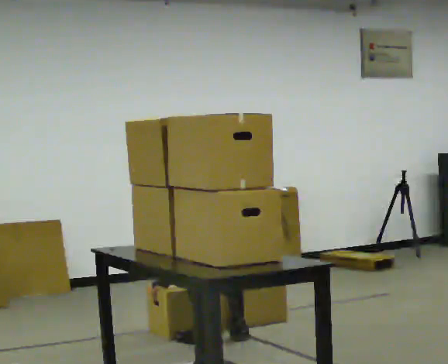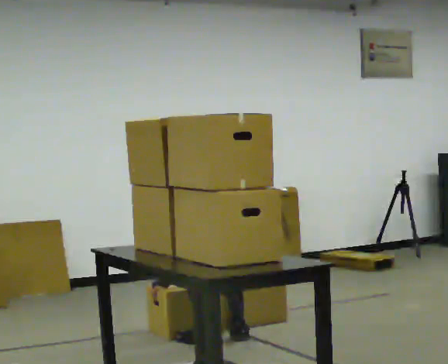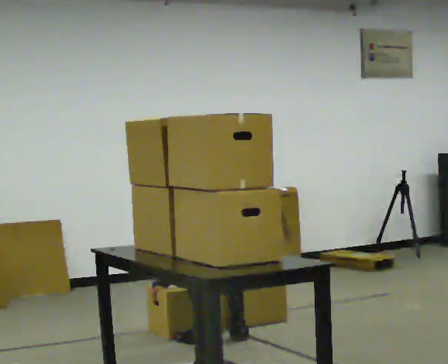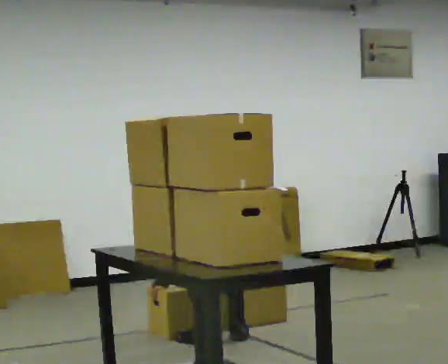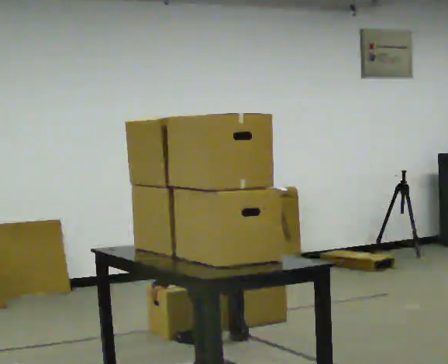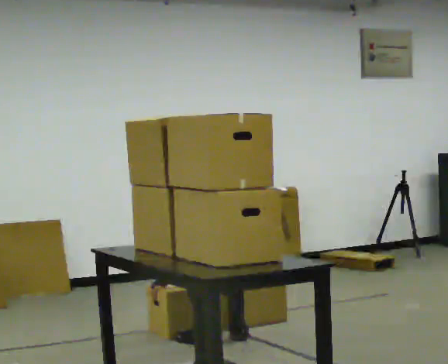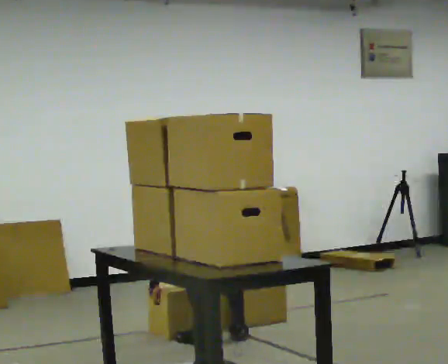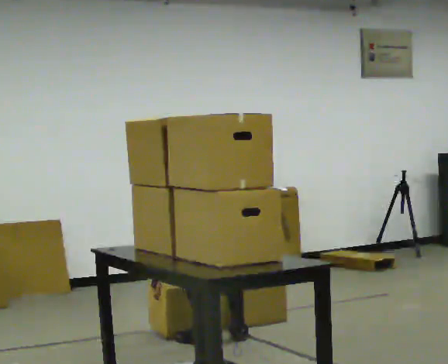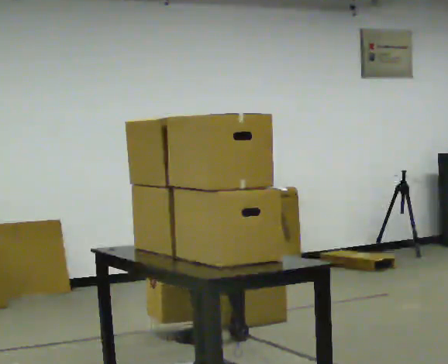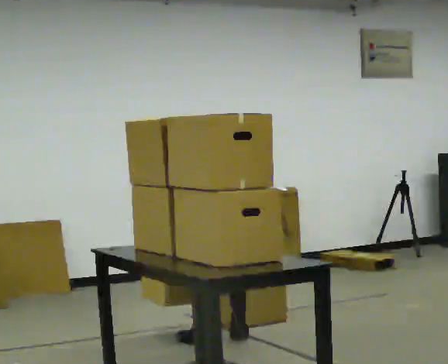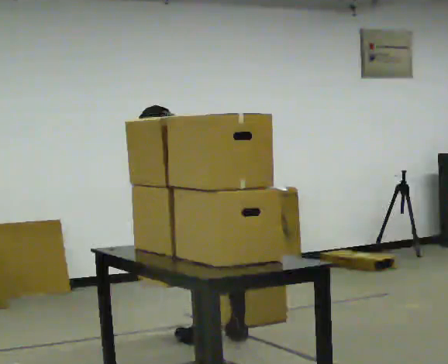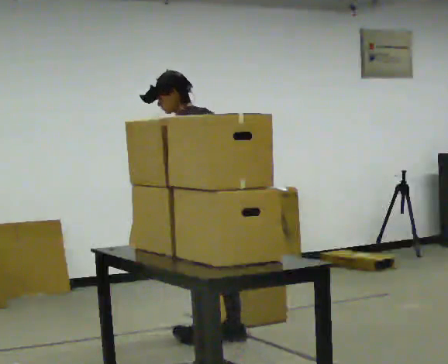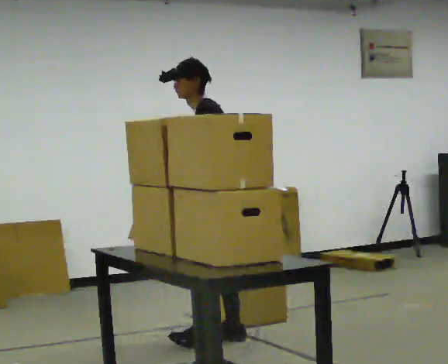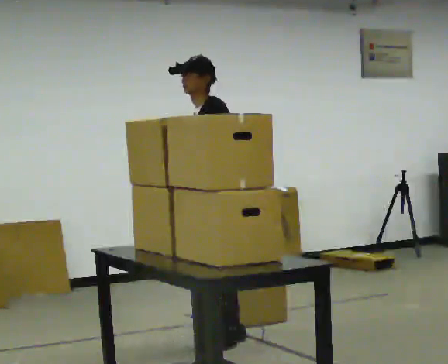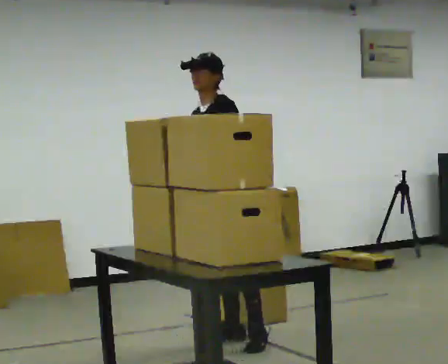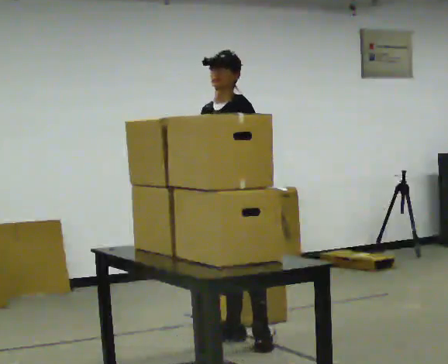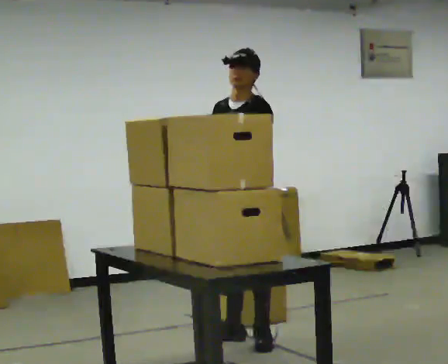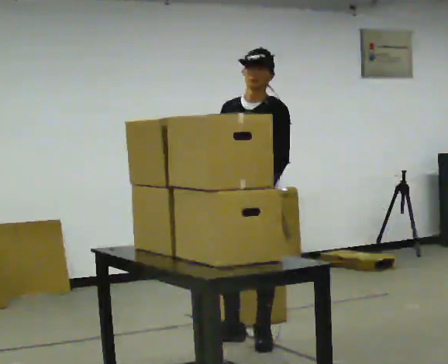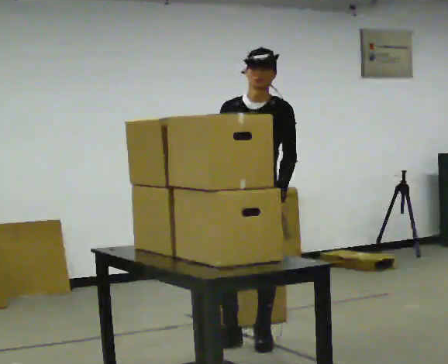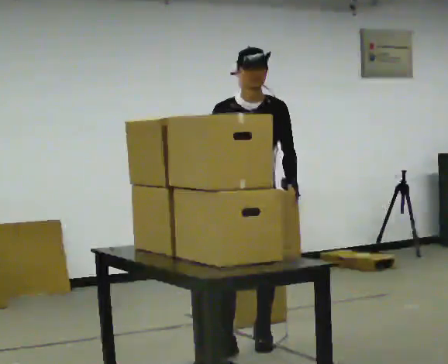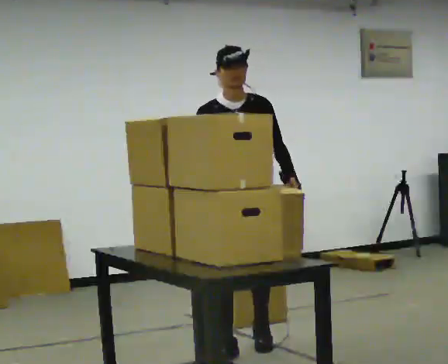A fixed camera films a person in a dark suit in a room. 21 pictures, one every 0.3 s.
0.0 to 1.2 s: The person keeps their place and pose.
1.2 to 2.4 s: The upper body tips toward the camera, its near side rolling downward, as they lean back or straighten.
2.4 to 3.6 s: The part of the body nearest the lens slides to the right as the person turns to their left by about 60 degrees. In the picture they go away from the camera, about 0.25 m, which for them is to their right. The upper body goes upward. The upper body tips toward the camera, its near side rolling downward, as they lean back or straighten. In the picture their right hand goes upward.
3.6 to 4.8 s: The person turns about 30 degrees to their left, counterclockwise seen from above, so the part of the body nearest the lens slides to the right. In the picture the upper body tilts clockwise, shoulders to the right.
4.8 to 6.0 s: Seen from above the body turns counterclockwise, about 45 degrees: to their left, with its near side sliding to the right. In the picture they go toward the camera, about 0.25 m in 1 step, which for them is forward.
The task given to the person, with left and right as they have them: Bring the boxes over one at a time and stack them on top of each other, walking back for each one. Keep going until the operator says stop; one object at a time, and do not rush between trips.
The film runs forward here.
